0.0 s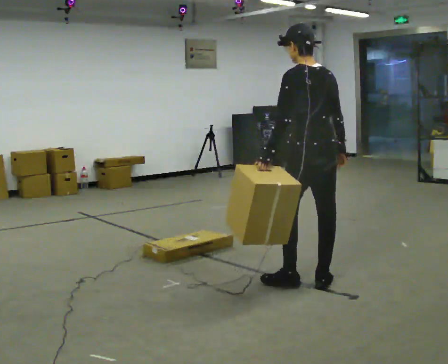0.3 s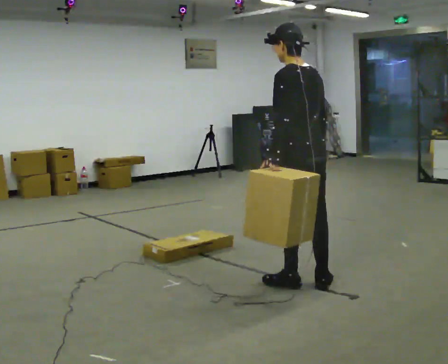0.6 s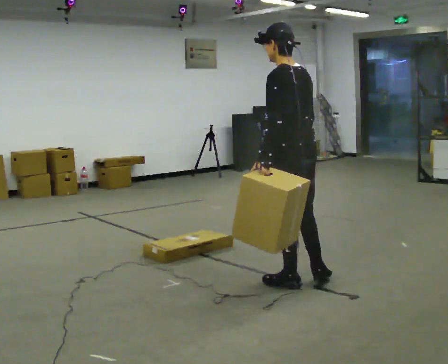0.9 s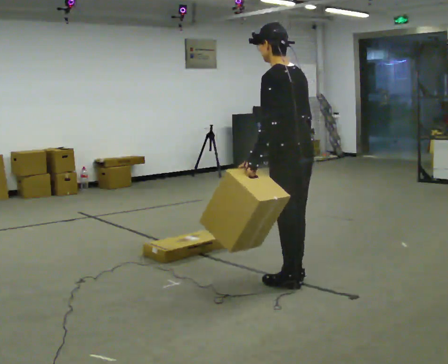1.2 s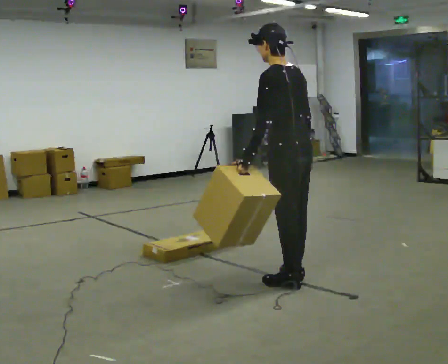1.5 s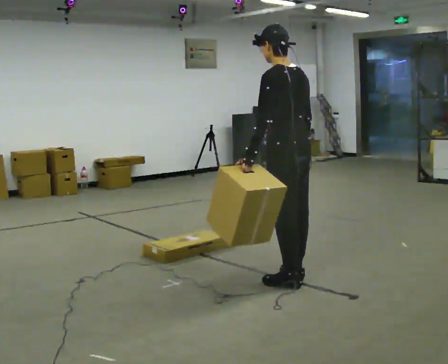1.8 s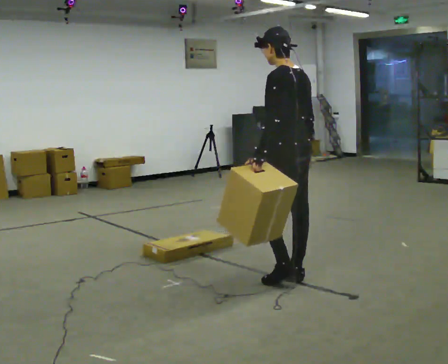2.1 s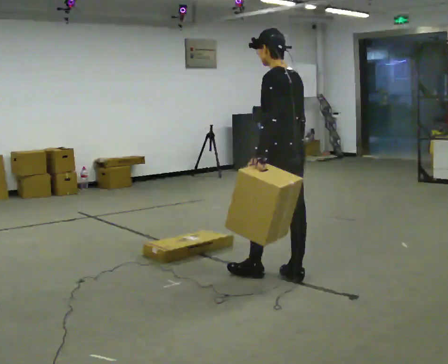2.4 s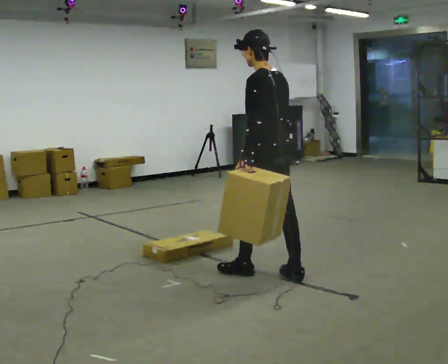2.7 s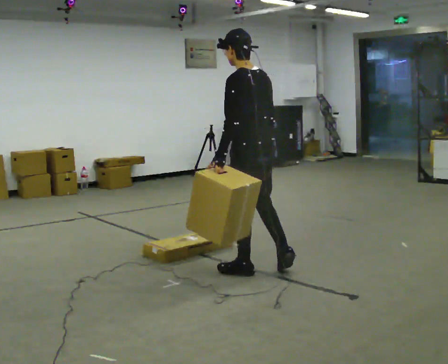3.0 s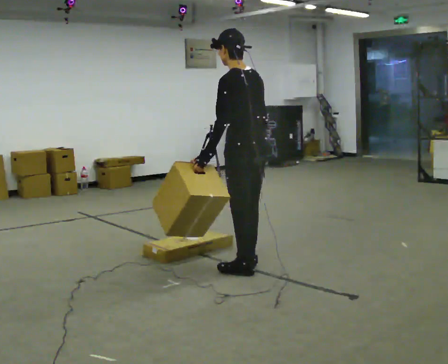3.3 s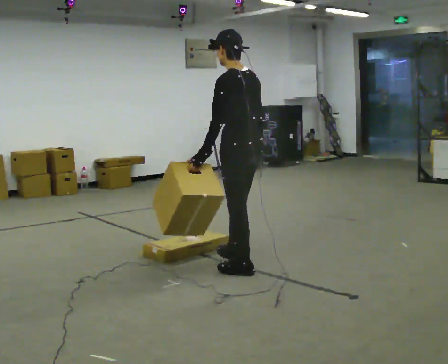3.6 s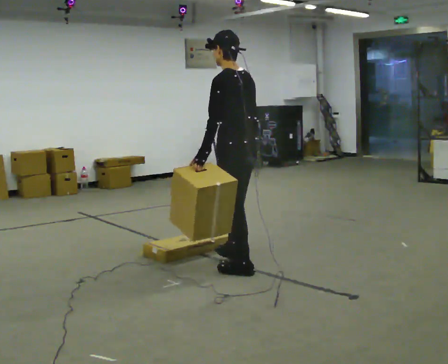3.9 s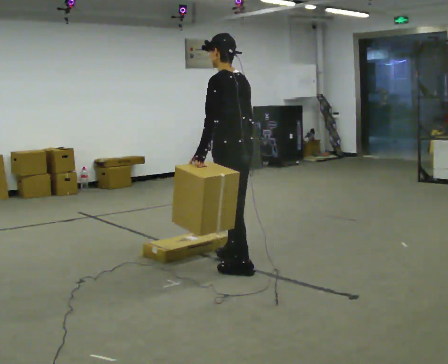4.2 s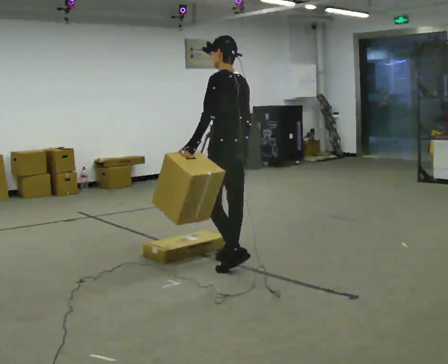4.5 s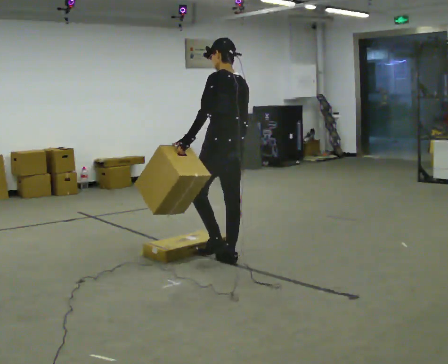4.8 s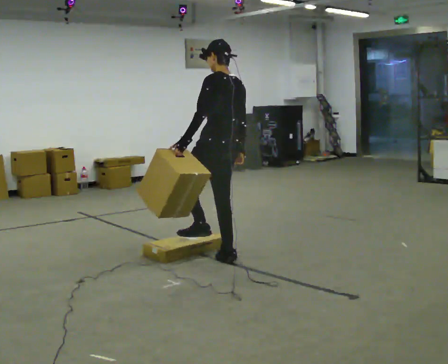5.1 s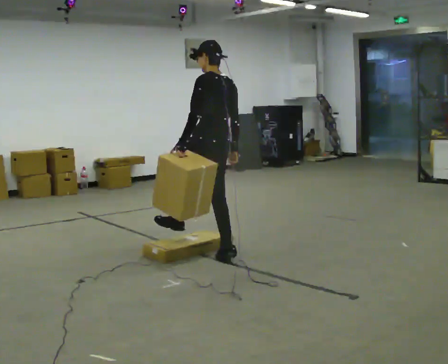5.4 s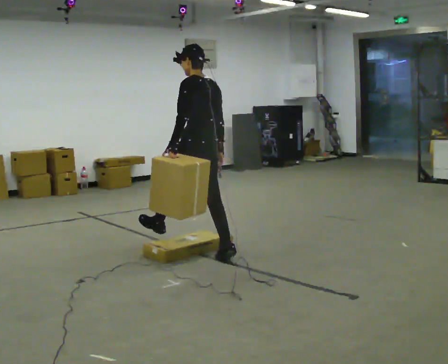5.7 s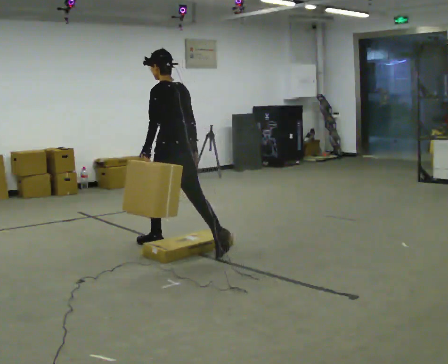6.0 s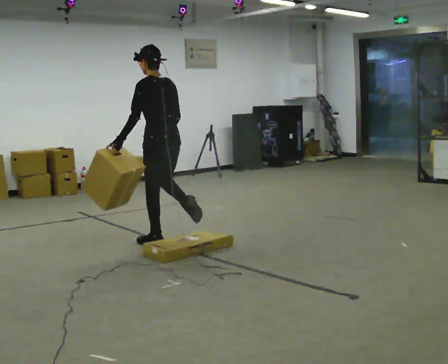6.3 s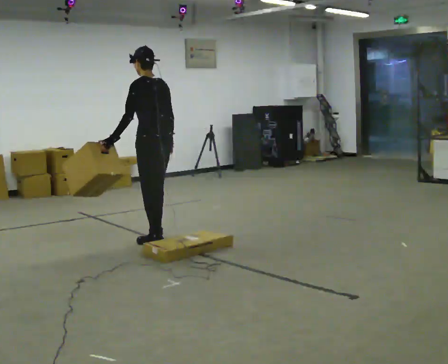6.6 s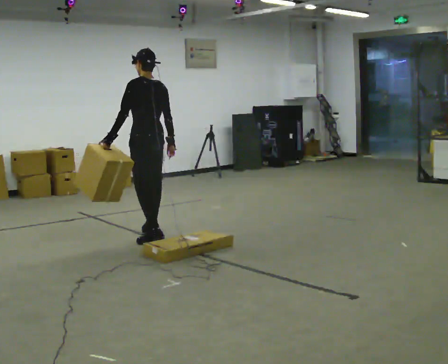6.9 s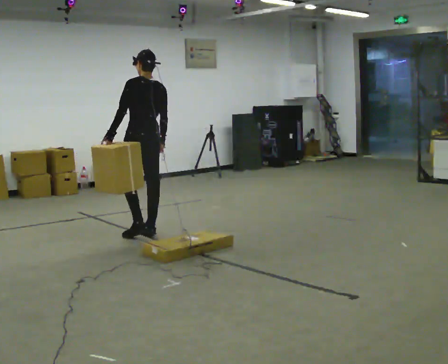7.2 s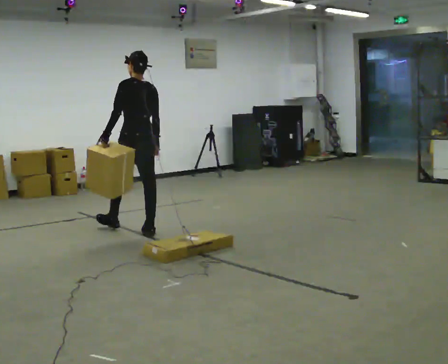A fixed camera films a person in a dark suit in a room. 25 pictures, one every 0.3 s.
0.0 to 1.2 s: The person moves a little, or ends about where they began.
1.2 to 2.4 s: In the picture they go away from the camera, about 0.25 m in 1 step, which for them is forward.
2.4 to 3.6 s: In the picture they go to the left, about 0.25 m in 1 step, which for them is forward. In the picture their left hand goes to the left.
3.6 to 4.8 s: In the picture they go away from the camera and to the left, about 0.5 m, which for them is forward and to their right.
4.8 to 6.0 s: In the picture they go to the left and away from the camera, about 0.75 m in 1 step, which for them is forward.
6.0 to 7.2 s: In the picture they go away from the camera and to the left, about 0.5 m in 1 step, which for them is forward.
The film runs forward here.
